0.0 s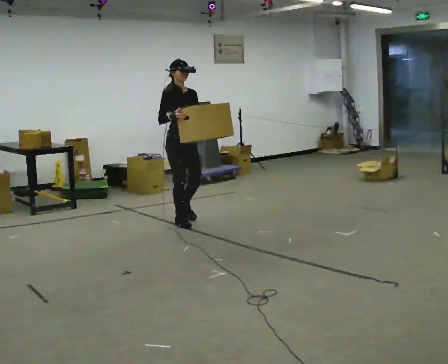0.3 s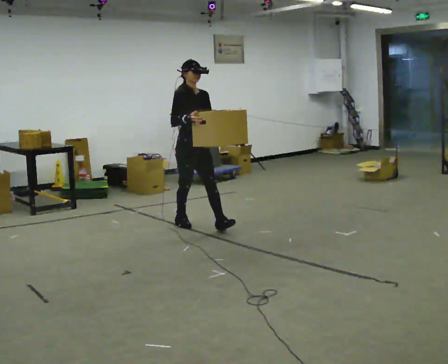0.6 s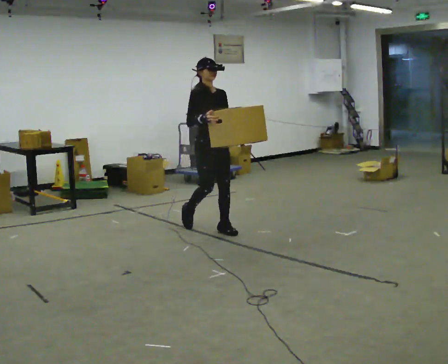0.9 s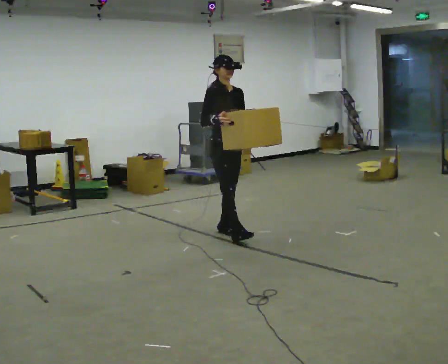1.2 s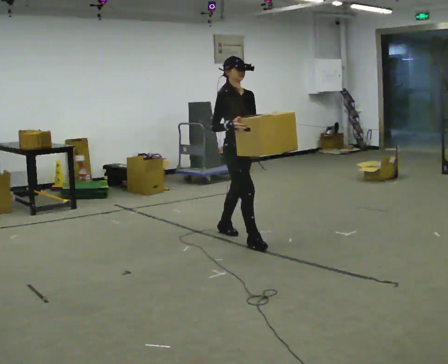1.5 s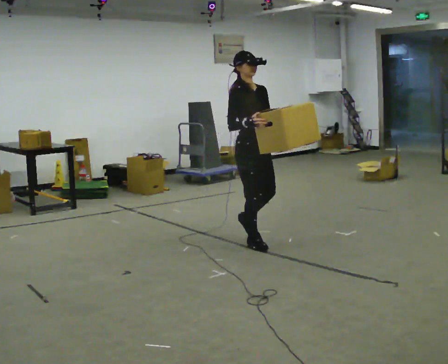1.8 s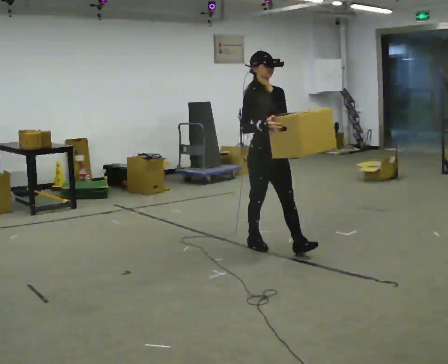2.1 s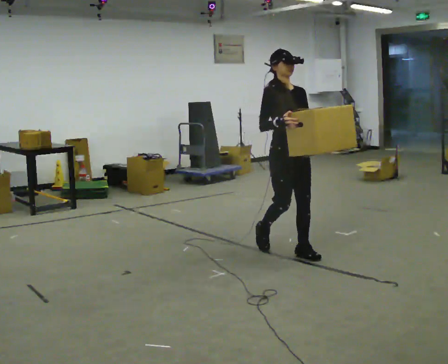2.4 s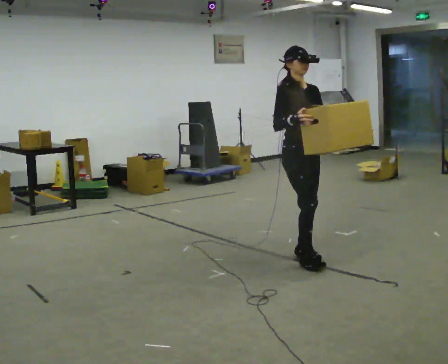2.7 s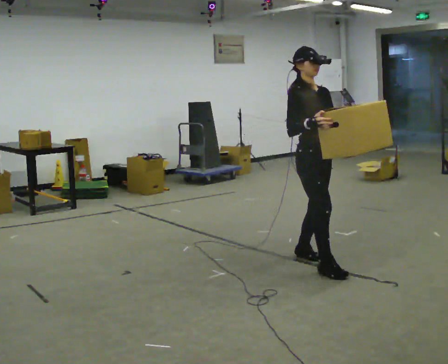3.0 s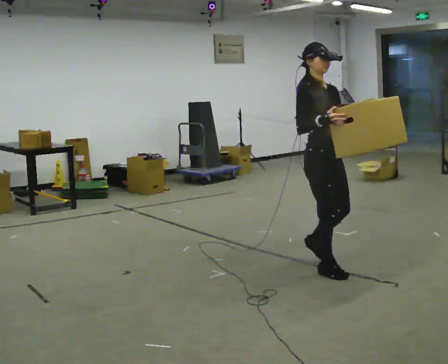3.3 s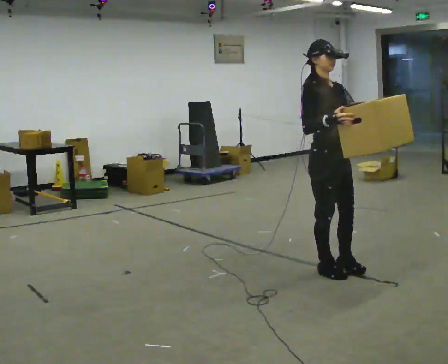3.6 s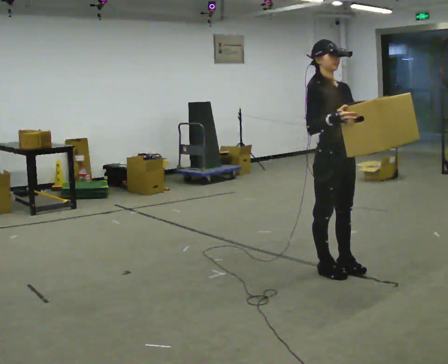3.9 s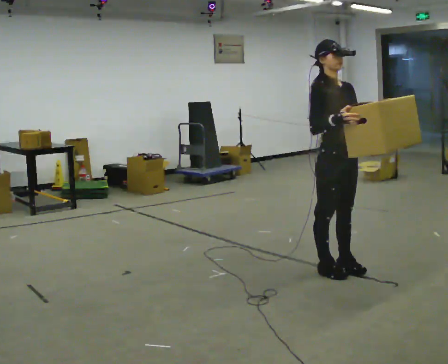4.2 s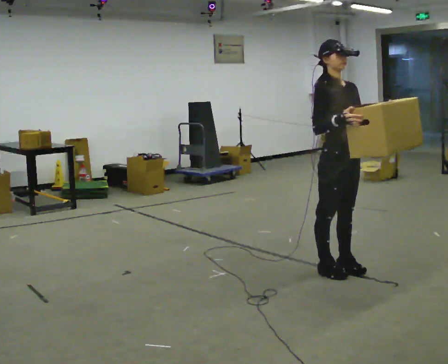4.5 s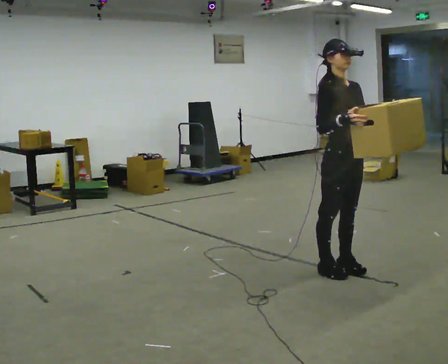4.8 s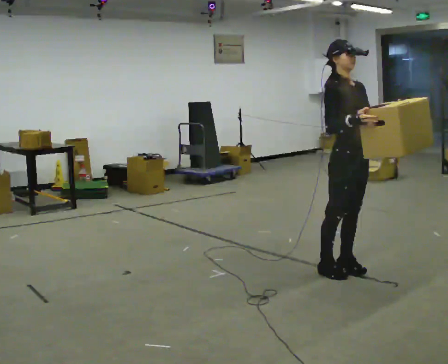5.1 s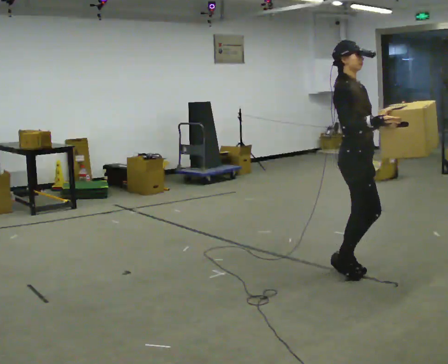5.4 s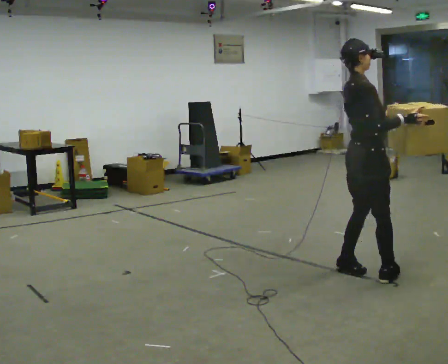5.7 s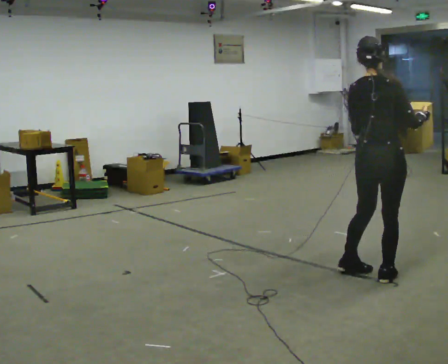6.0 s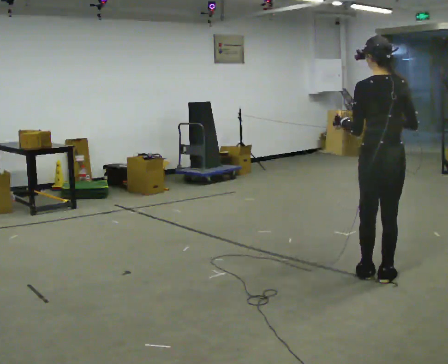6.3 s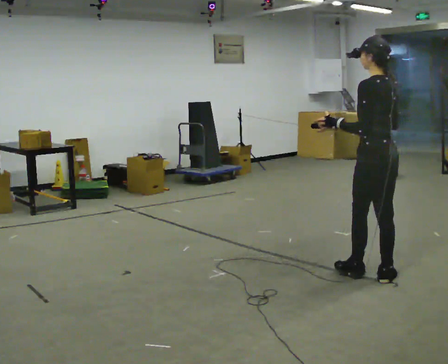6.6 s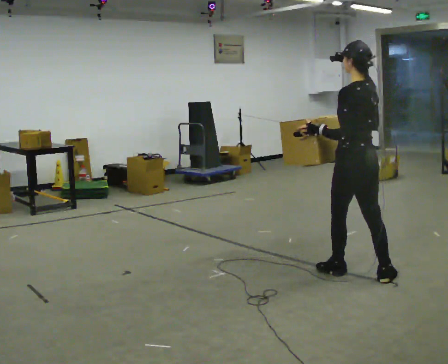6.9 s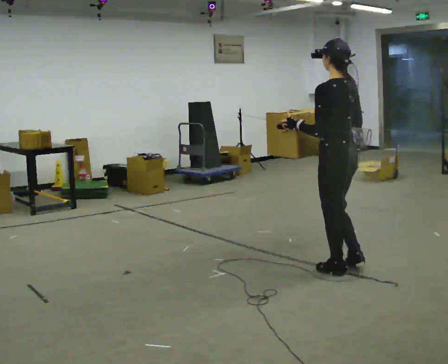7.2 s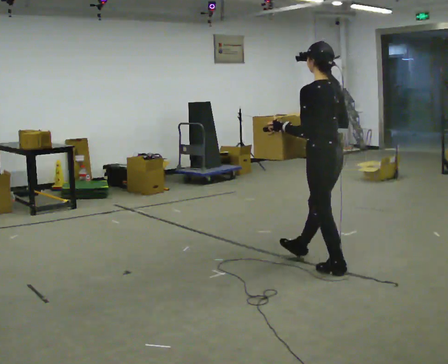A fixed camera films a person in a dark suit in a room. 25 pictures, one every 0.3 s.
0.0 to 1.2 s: In the picture they go to the right and toward the camera, about 1 m in 2 steps, which for them is forward.
1.2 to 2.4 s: In the picture they go toward the camera and to the right, about 1 m in 1 step, which for them is forward.
2.4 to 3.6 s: In the picture they go toward the camera and to the right, about 0.5 m in 2 steps, which for them is forward.
3.6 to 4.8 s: The person moves a little, or ends about where they began.
4.8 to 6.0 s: Seen from above the body turns counterclockwise, about 150 degrees: to their left, with its near side sliding to the right. In the picture they go to the right and toward the camera, about 0.25 m in 1 step.
6.0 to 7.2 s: The part of the body nearest the lens slides to the right as the person turns to their left by about 30 degrees. In the picture they go to the left and away from the camera, about 0.5 m in 2 steps, which for them is forward.
The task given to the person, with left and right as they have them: Carry the heavy box in both hands in front of you, walking back and forth across the room. Keep walking until the operator says stop. Set it down if you need a rest.
The film runs forward here.
